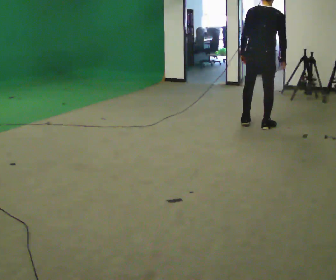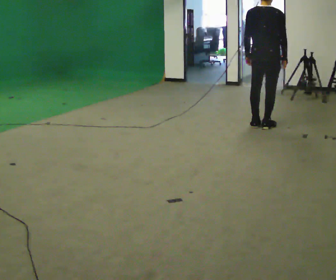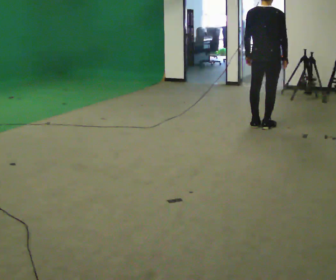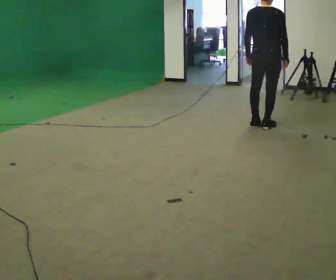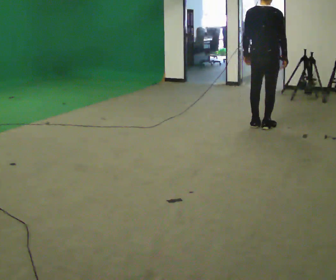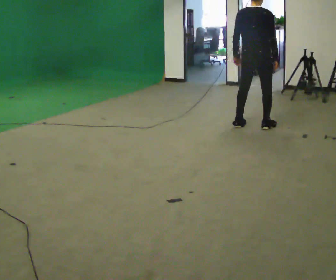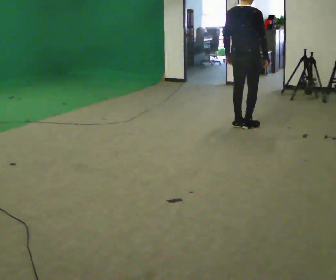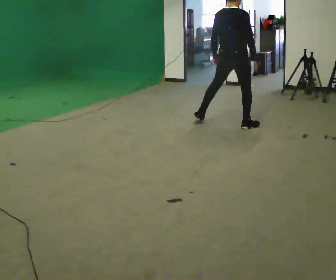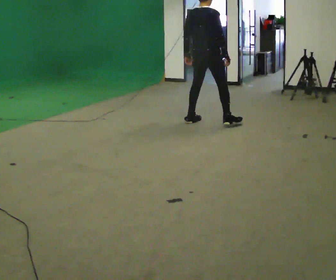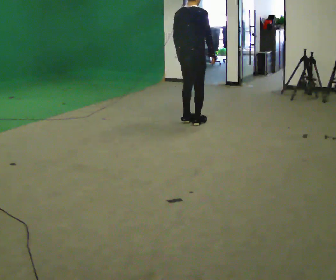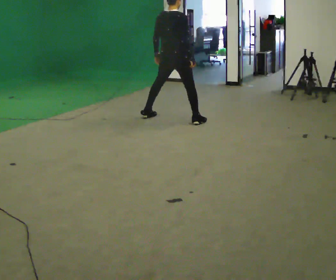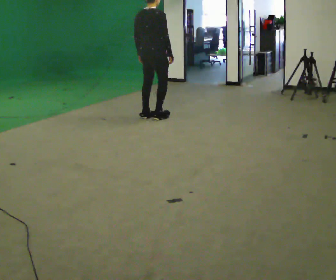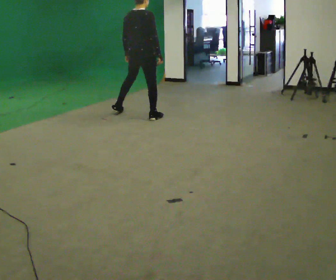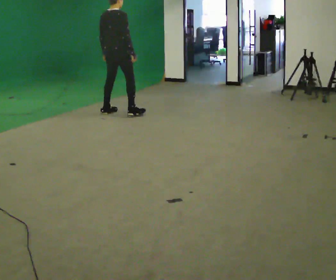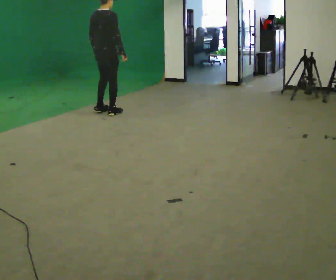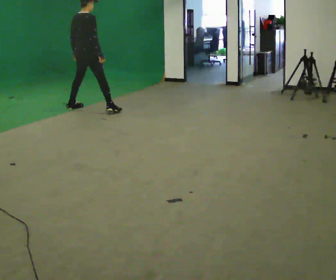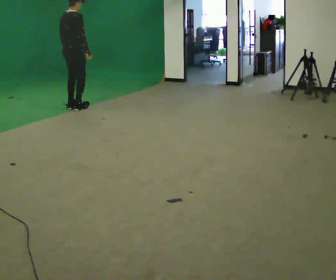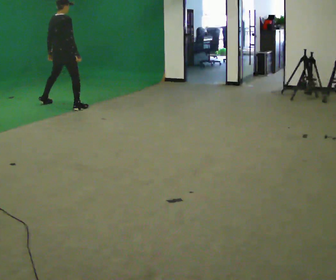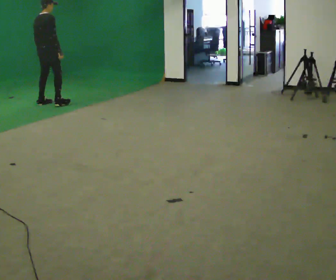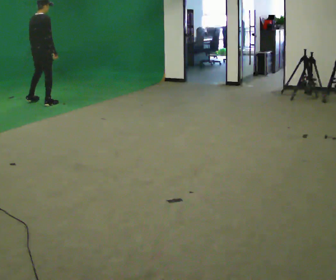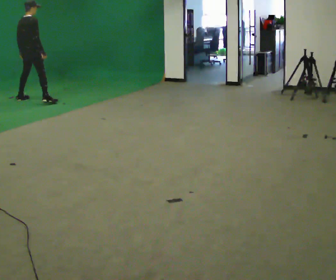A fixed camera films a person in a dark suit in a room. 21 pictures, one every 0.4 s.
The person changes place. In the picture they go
to the left.
0.0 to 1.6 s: The person moves a little, or ends about where they began.
1.6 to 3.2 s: In the picture they go to the left, about 0.5 m in 4 steps, which for them is to their left.
3.2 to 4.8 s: In the picture they go to the left, about 1 m in 3 steps, which for them is to their left.
4.8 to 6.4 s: In the picture they go to the left and away from the camera, about 1 m in 4 steps, which for them is to their left.
6.4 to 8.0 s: In the picture they go to the left and away from the camera, about 1 m in 3 steps, which for them is to their left.
The film runs backward here.
